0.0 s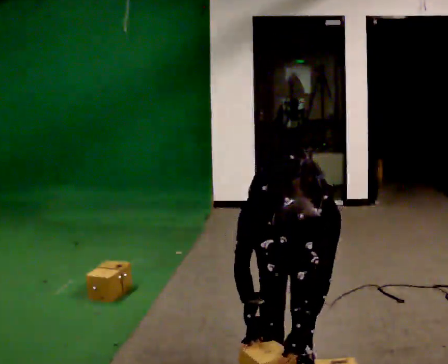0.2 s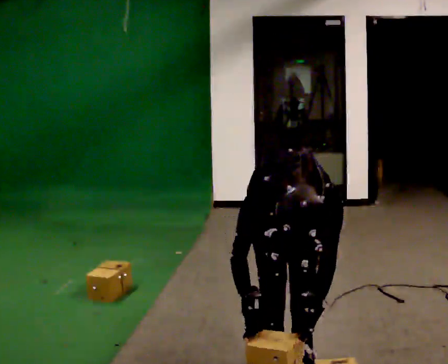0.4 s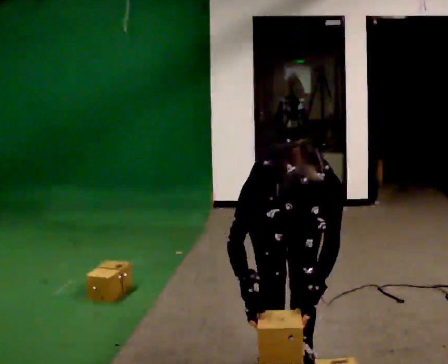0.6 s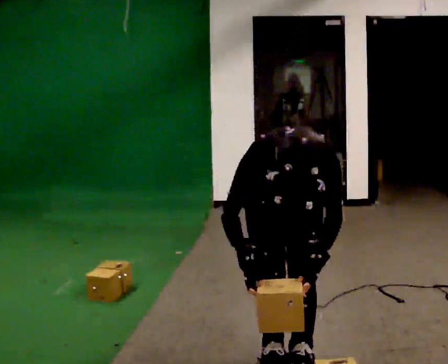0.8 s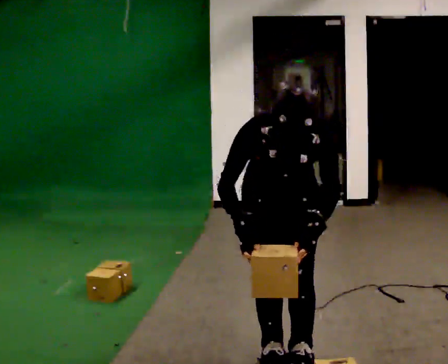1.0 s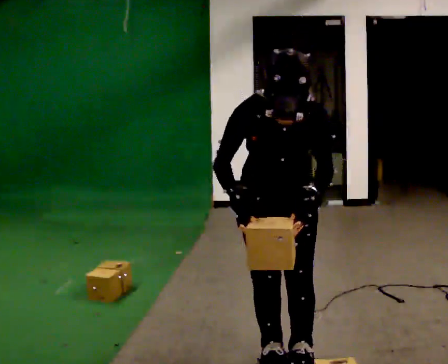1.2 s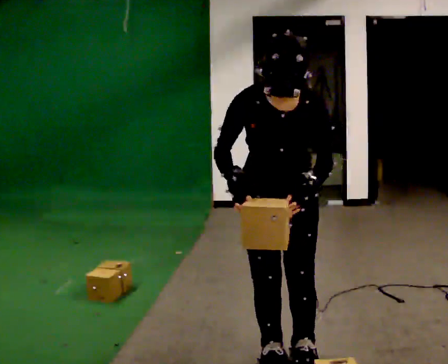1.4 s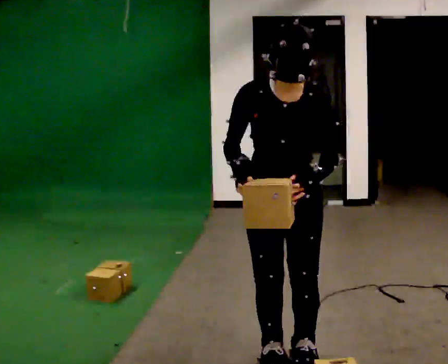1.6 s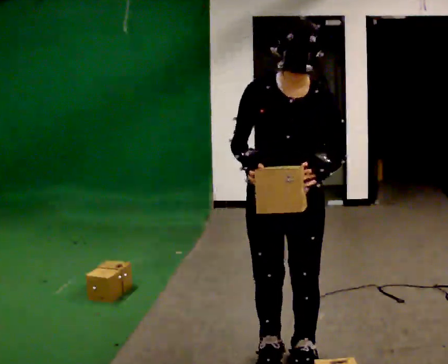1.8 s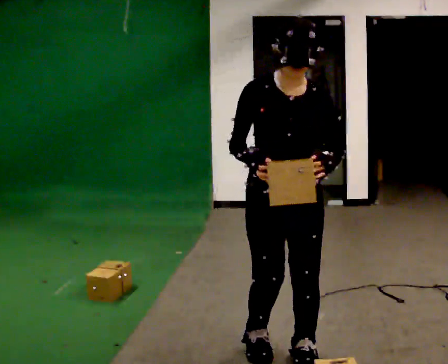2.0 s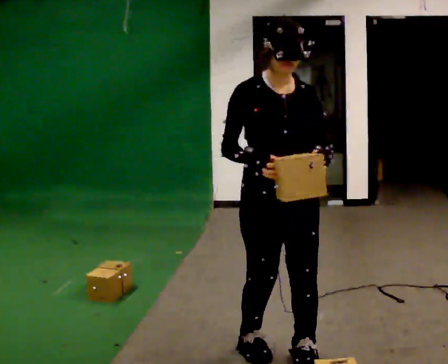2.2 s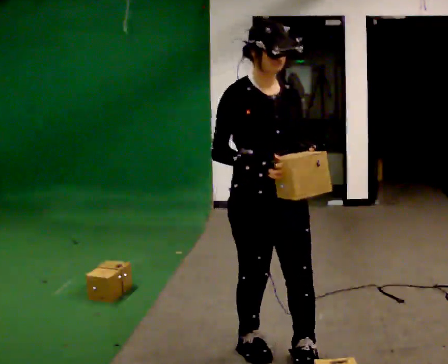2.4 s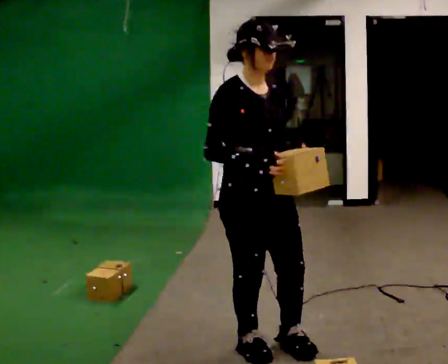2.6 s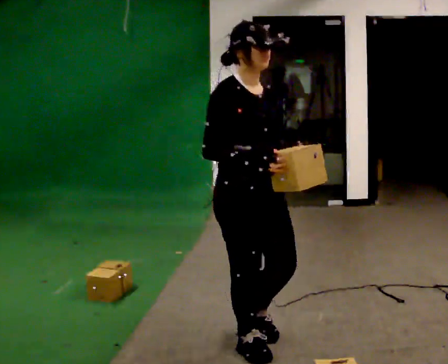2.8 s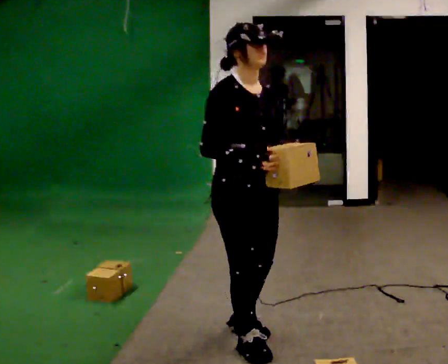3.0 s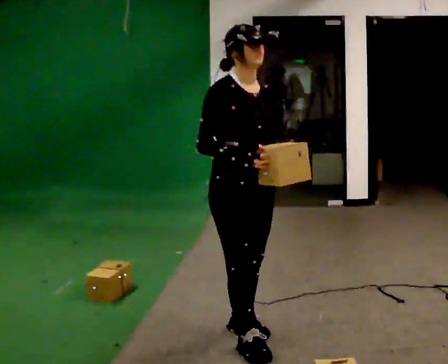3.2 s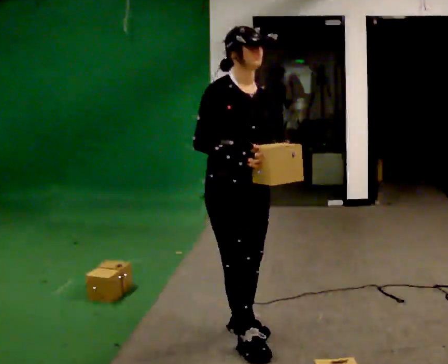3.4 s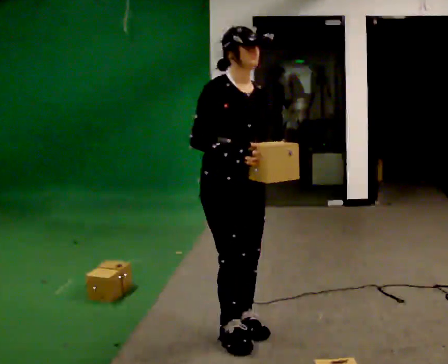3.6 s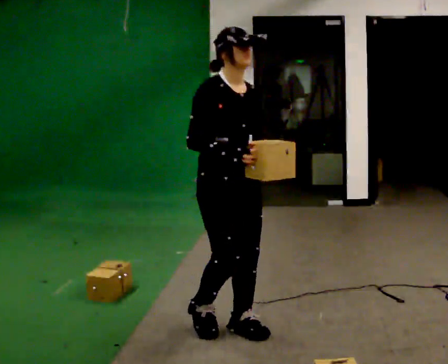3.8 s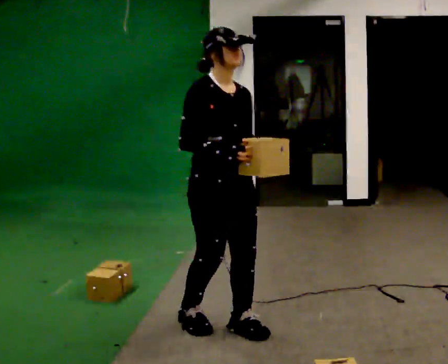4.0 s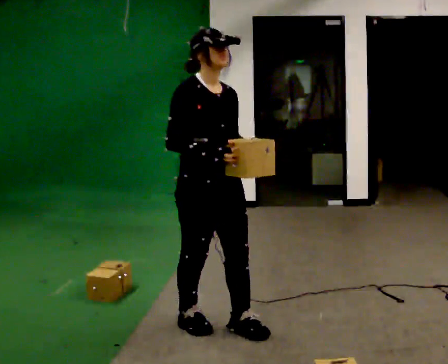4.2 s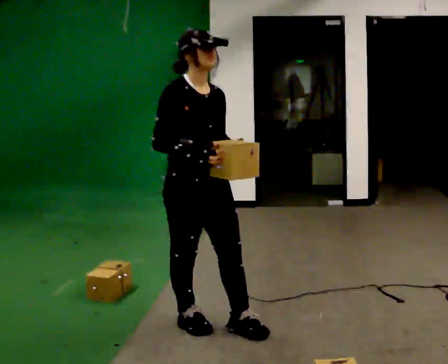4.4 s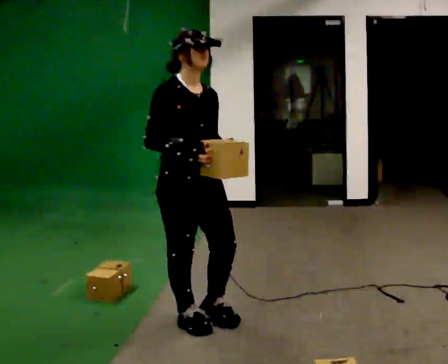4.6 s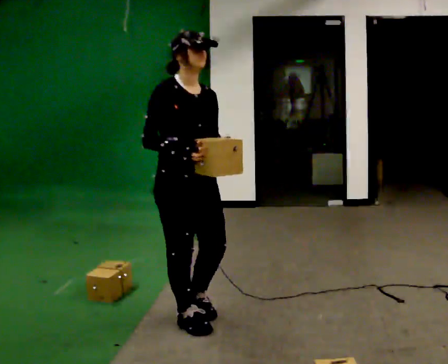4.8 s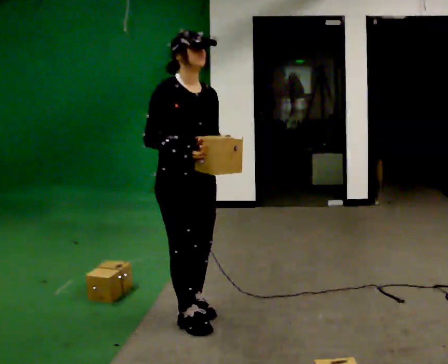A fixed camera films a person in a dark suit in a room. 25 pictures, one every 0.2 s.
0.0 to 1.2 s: The shoulders move upward. The upper body tips away from the camera, its near side rolling upward, as they lean back or straighten. In the picture their right hand goes upward.
1.2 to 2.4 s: The person turns about 30 degrees to their left, counterclockwise seen from above, so the part of the body nearest the lens slides to the right. The upper body tips away from the camera, its near side rolling upward, as they lean back or straighten.
2.4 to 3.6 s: In the picture they go away from the camera and to the left, about 0.25 m in 1 step, which for them is backward.
3.6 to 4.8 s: In the picture they go to the left, about 0.25 m in 1 step, which for them is backward.
The film runs backward here.
